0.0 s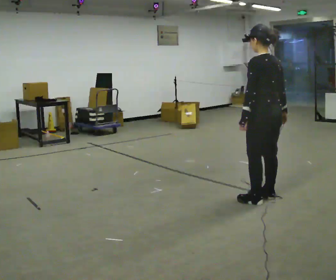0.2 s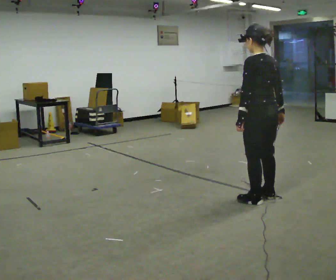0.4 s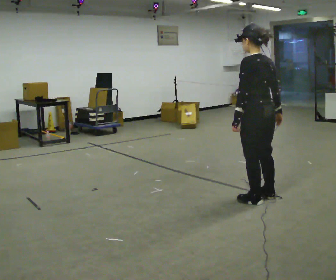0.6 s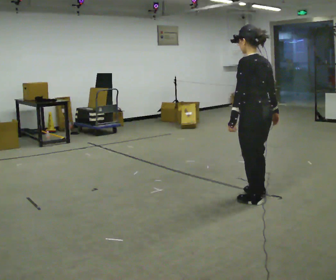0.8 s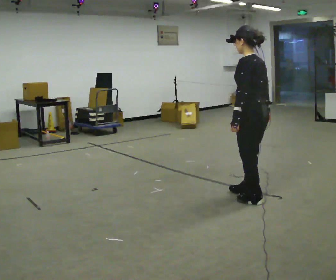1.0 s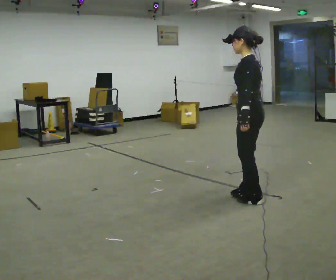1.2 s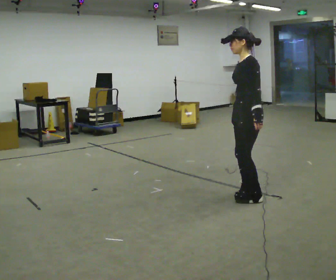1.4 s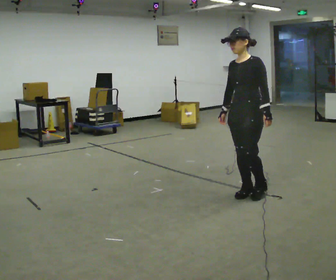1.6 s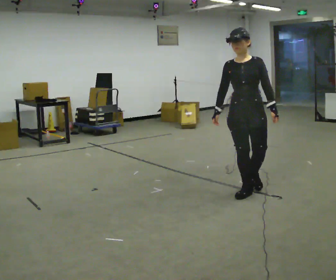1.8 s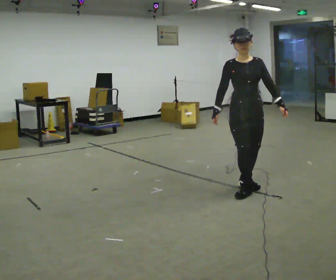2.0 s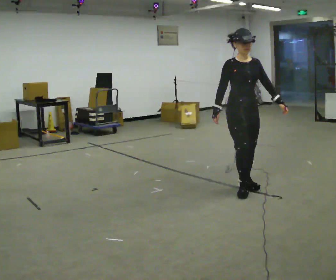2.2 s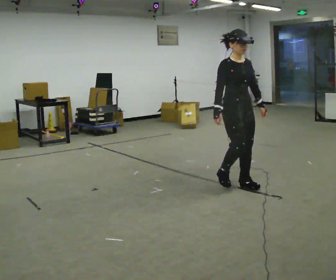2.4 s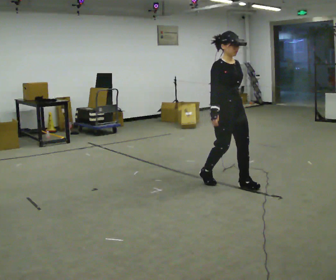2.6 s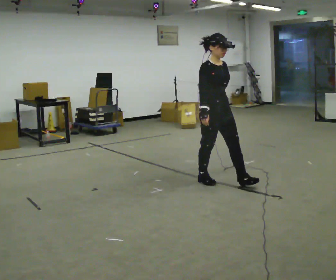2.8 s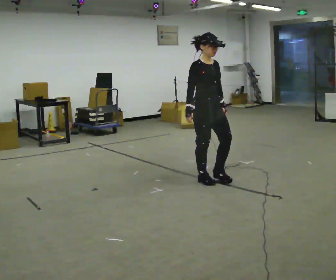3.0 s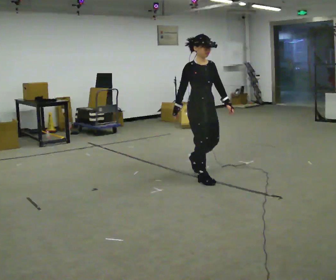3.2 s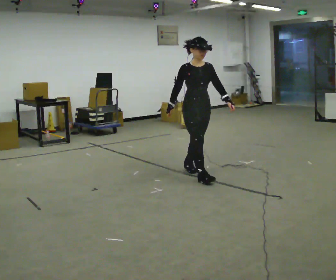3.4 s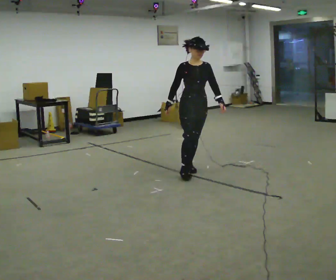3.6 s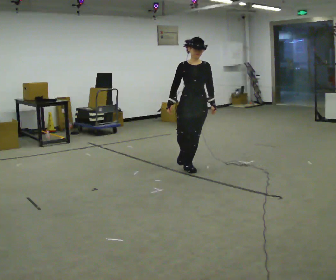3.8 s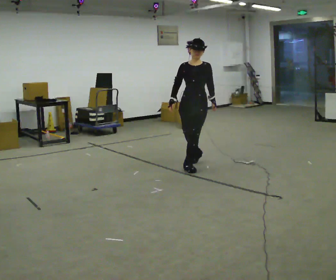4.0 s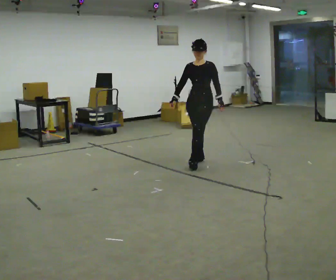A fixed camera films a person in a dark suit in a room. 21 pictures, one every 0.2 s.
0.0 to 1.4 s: Seen from above the body turns counterclockwise, about 90 degrees: to their left, with its near side sliding to the right. In the picture they go away from the camera, about 0.25 m in 2 steps. In the picture their right hand goes to the left.
1.4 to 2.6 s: The person turns about 90 degrees to their left, counterclockwise seen from above, so the part of the body nearest the lens slides to the right. In the picture they go away from the camera and to the left, about 0.5 m in 1 step.
2.6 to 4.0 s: The person turns about 60 degrees to their right, clockwise seen from above, so the part of the body nearest the lens slides to the left. In the picture they go away from the camera, about 1 m in 2 steps.
The film runs backward here.
